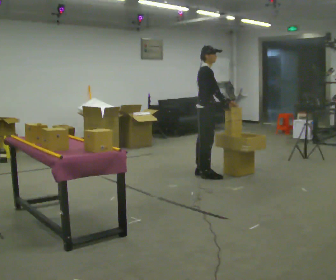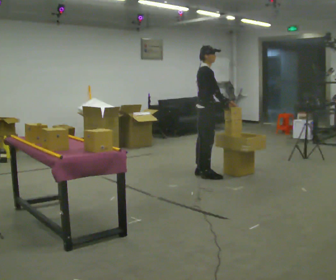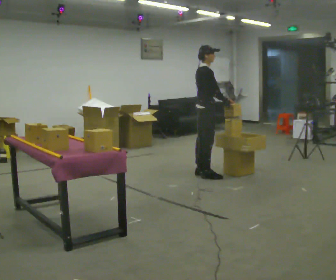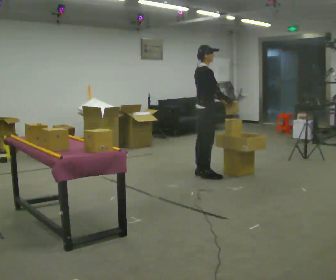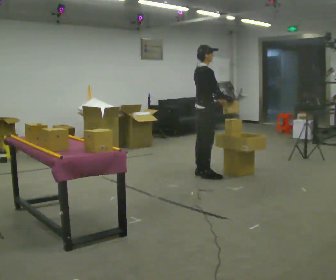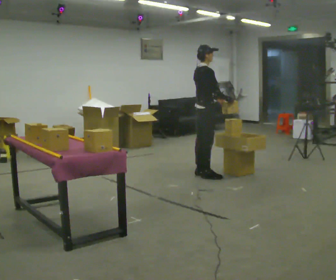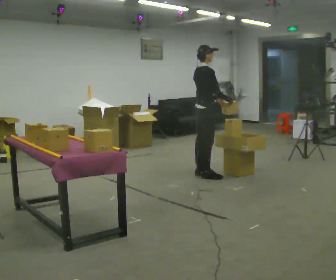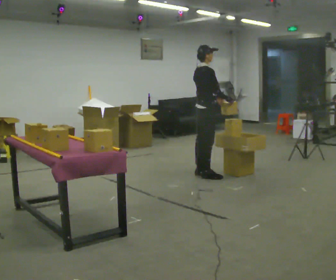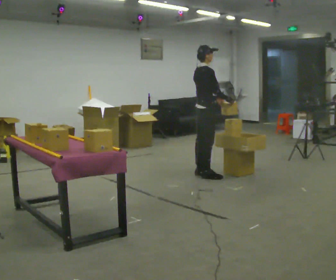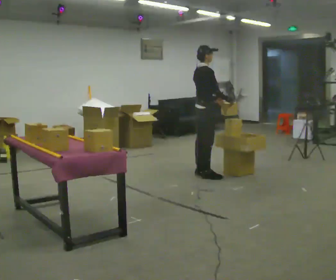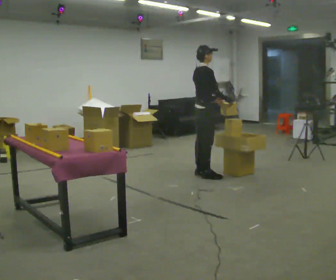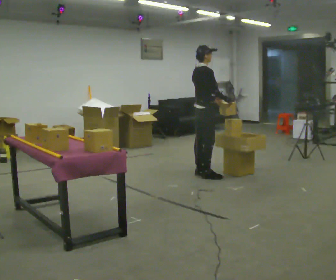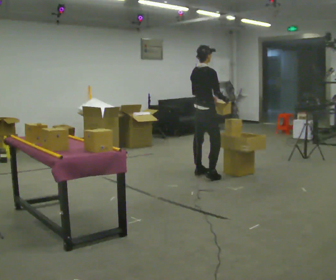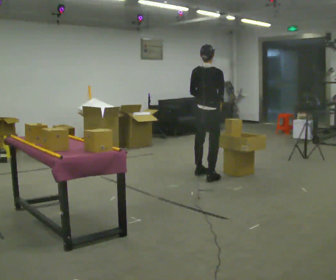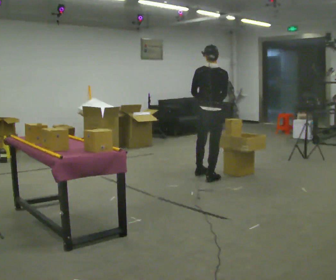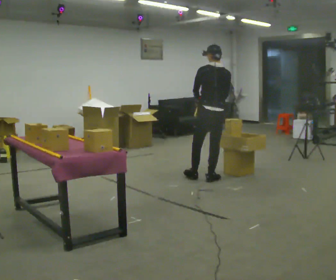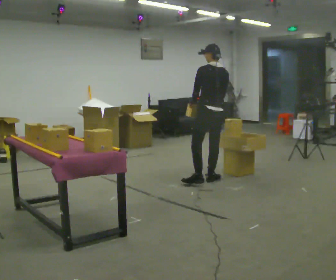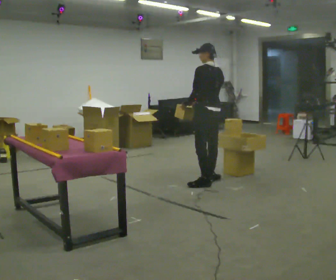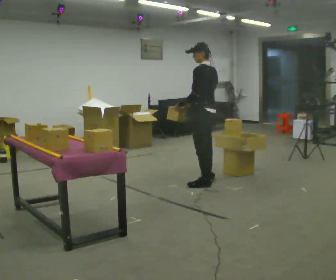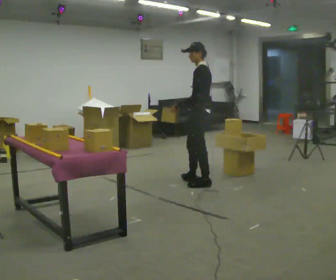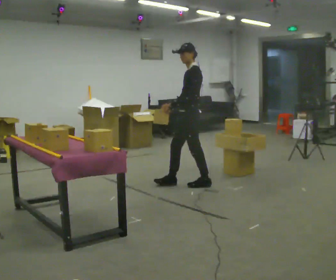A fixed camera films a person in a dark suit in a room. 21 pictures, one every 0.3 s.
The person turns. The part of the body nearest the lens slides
to the right.
Their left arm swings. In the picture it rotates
clockwise.
0.0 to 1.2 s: The person moves a little, or ends about where they began.
1.2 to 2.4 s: The person keeps their place and pose.
2.4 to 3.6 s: The person moves a little, or ends about where they began.
3.6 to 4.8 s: The person turns about 75 degrees to their left, counterclockwise seen from above, so the part of the body nearest the lens slides to the right. In the picture they go toward the camera, about 0.25 m in 1 step.
4.8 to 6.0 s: The part of the body nearest the lens slides to the right as the person turns to their left by about 75 degrees. In the picture they go to the left and toward the camera, about 0.25 m in 2 steps.
The film runs forward here.
